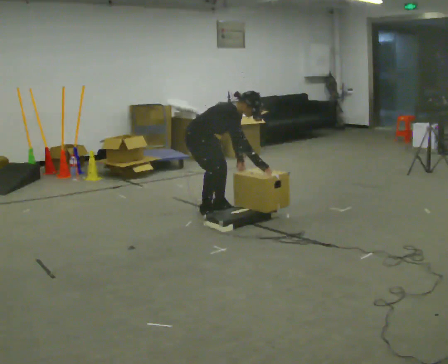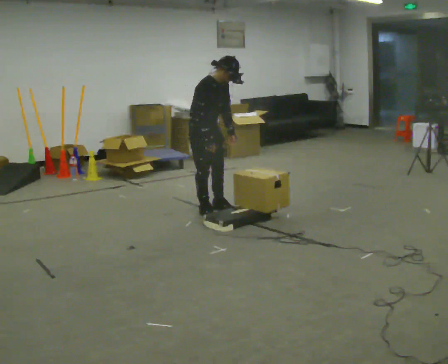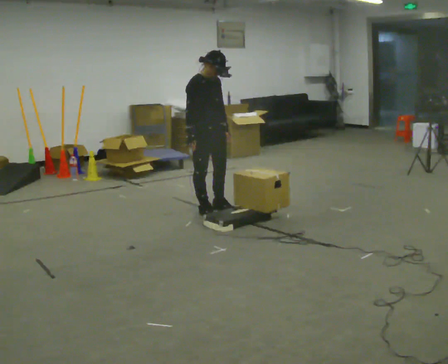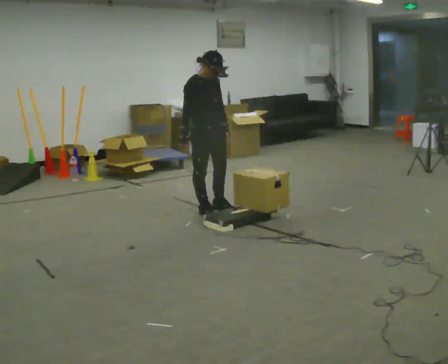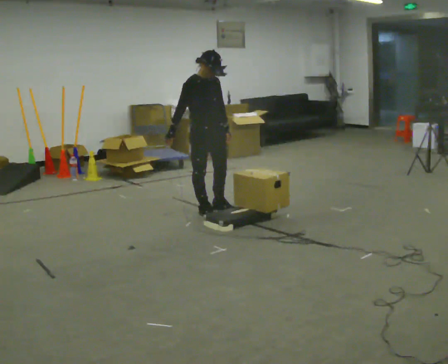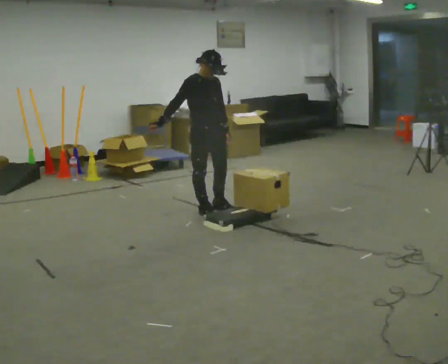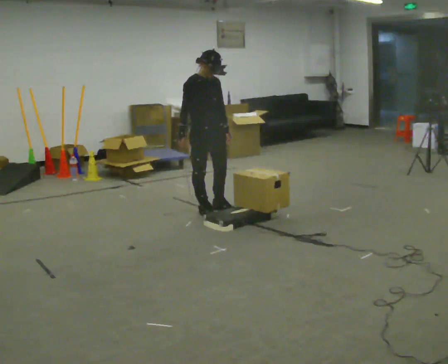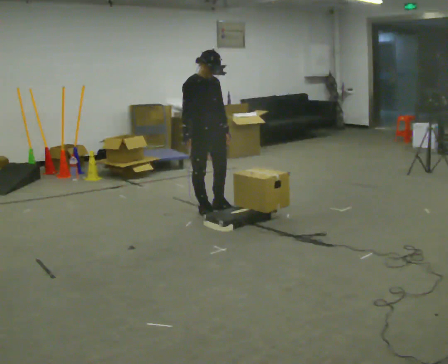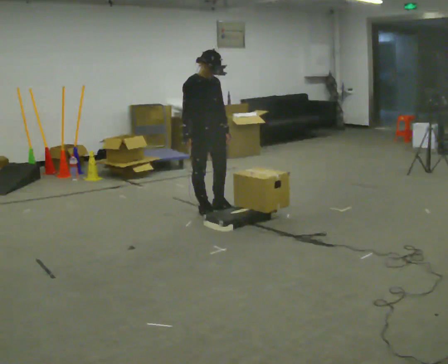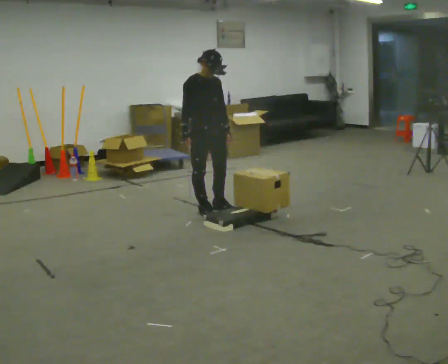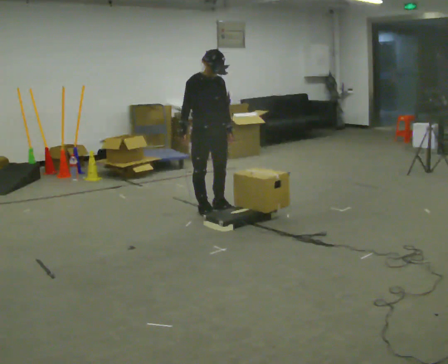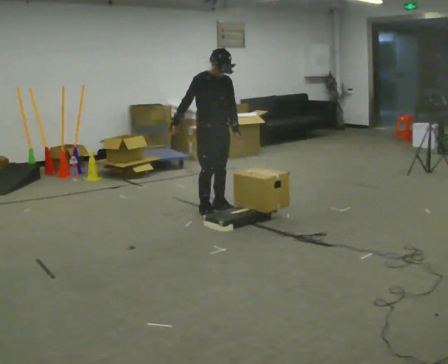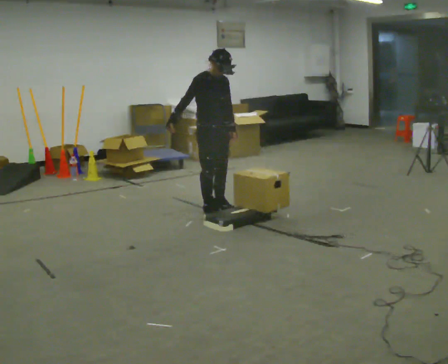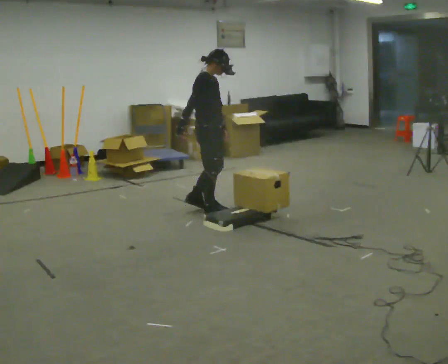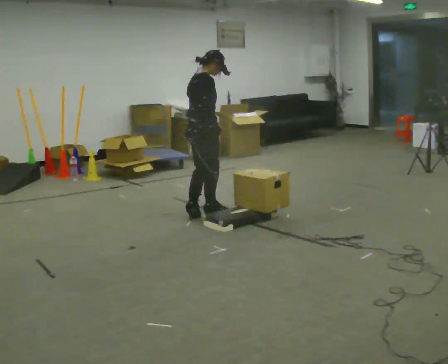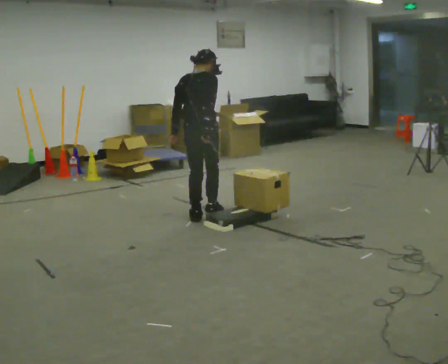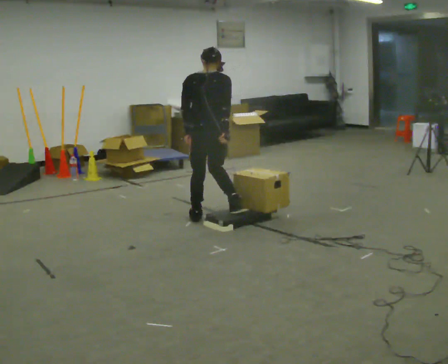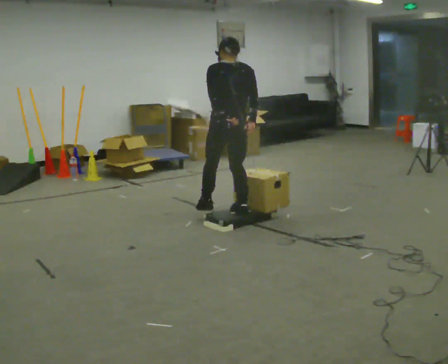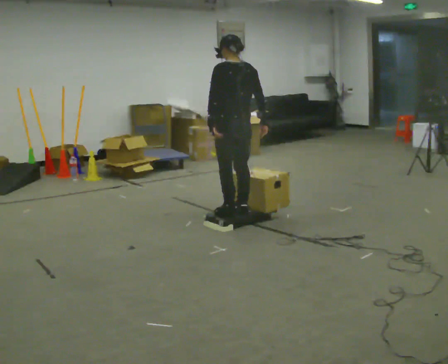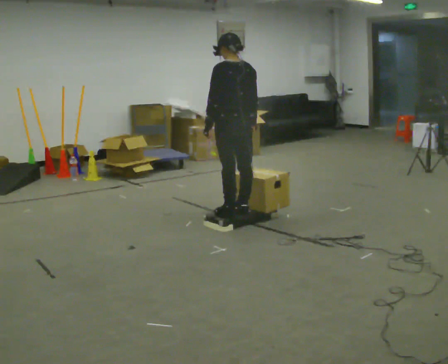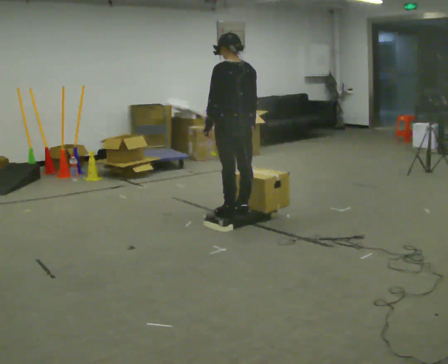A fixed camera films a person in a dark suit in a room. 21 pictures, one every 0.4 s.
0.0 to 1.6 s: The upper body goes upward. In the picture the upper body tilts counterclockwise, shoulders to the left, as they lean back or straighten. In the picture their right hand goes to the left, the arm swinging clockwise.
1.6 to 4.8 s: The person moves a little, or ends about where they began.
4.8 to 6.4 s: Seen from above the body turns counterclockwise, about 135 degrees: to their left, with its near side sliding to the right. In the picture they go toward the camera, about 0.25 m in 2 steps. In the picture their right hand goes to the right, the arm swinging counterclockwise.
6.4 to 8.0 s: The part of the body nearest the lens slides to the right as the person turns to their left by about 30 degrees. In the picture they go toward the camera and to the right, about 0.25 m in 1 step, which for them is backward.
The film runs backward here.
